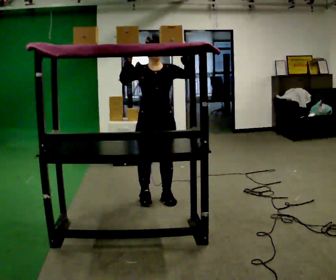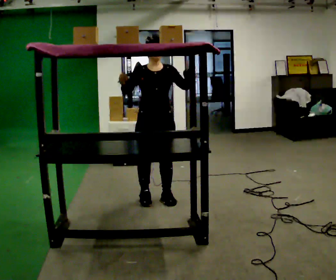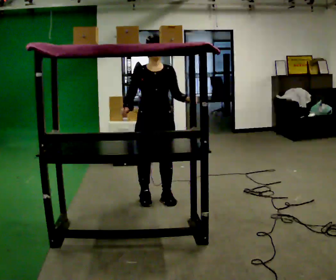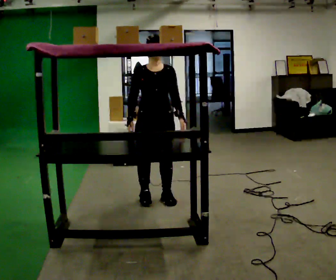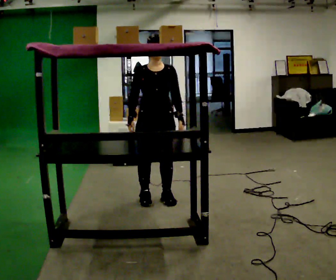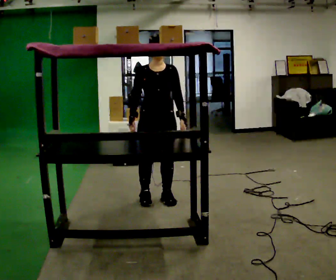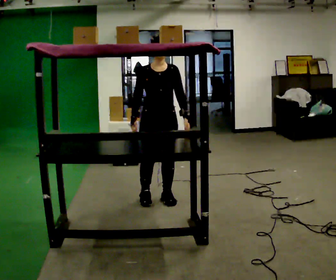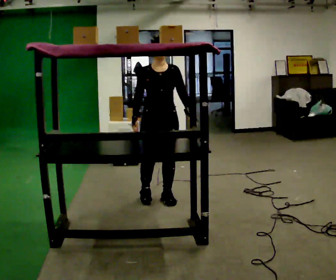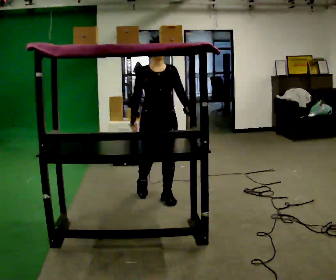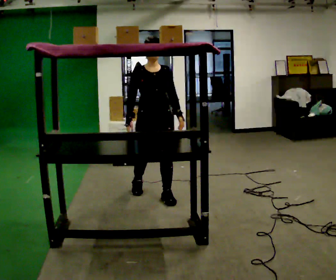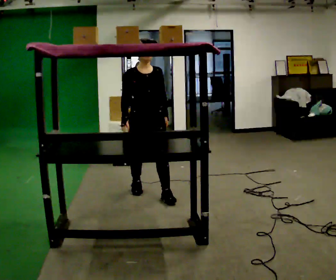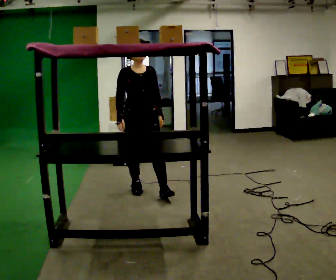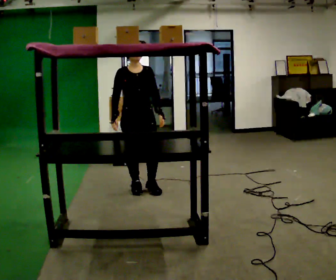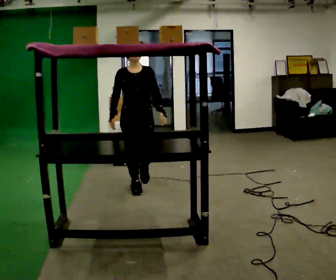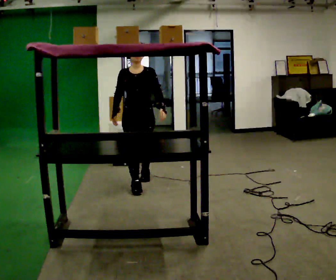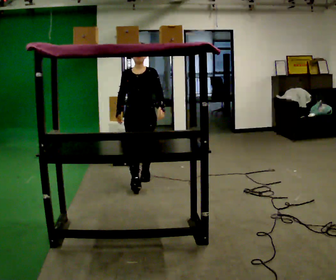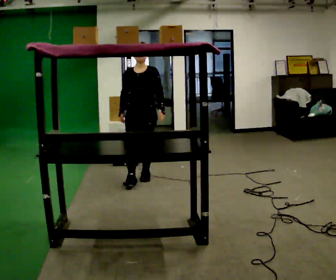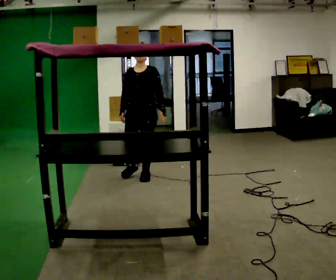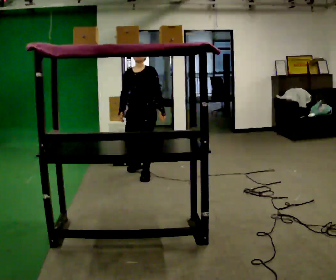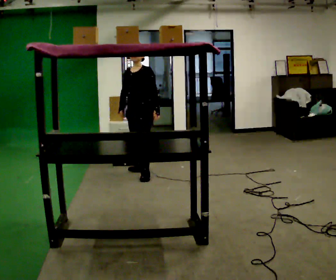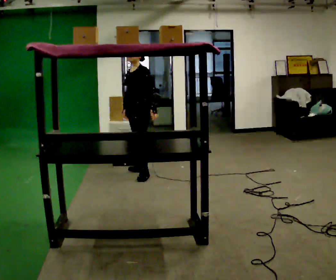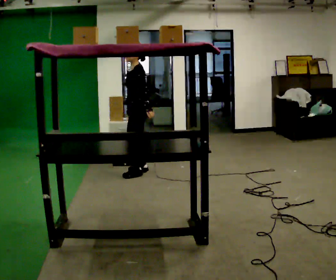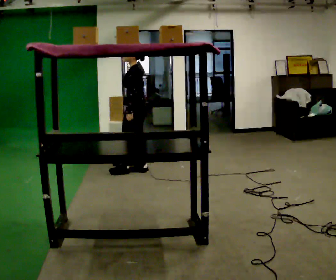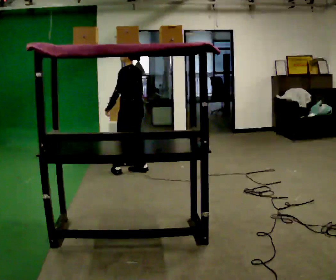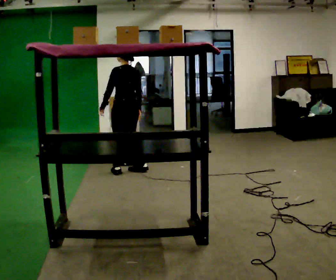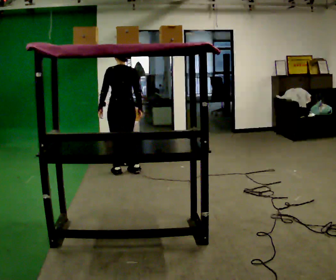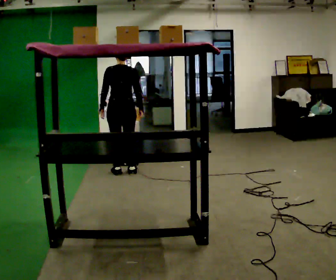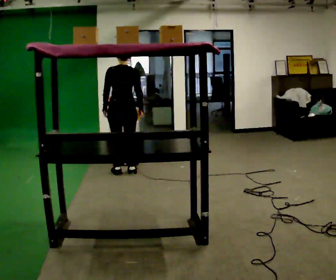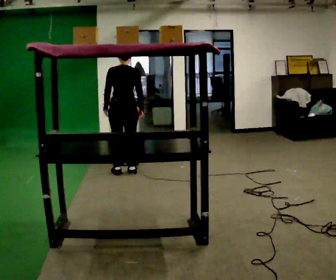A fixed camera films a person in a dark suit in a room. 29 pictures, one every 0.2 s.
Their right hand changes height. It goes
downward.
The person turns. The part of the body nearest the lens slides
to the left.
0.0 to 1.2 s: In the picture their left hand goes downward.
1.2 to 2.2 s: In the picture they go away from the camera and to the left, about 0.25 m in 2 steps, which for them is backward and to their right.
2.2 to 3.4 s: Seen from above the body turns clockwise, about 30 degrees: to their right, with its near side sliding to the left. In the picture they go away from the camera, about 0.5 m in 1 step, which for them is backward.
3.4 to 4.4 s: The person turns about 75 degrees to their right, clockwise seen from above, so the part of the body nearest the lens slides to the left. In the picture they go away from the camera, about 0.25 m in 1 step.
4.4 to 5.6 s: The part of the body nearest the lens slides to the left as the person turns to their right by about 75 degrees. In the picture they go to the left, about 0.25 m in 1 step. In the picture their left hand goes to the left.
The film runs backward here.
